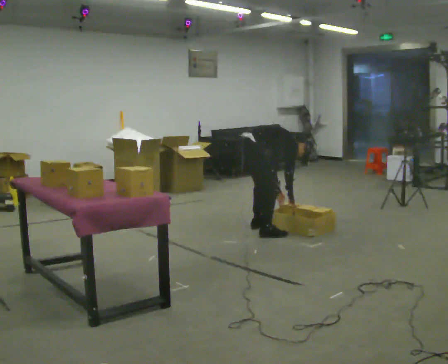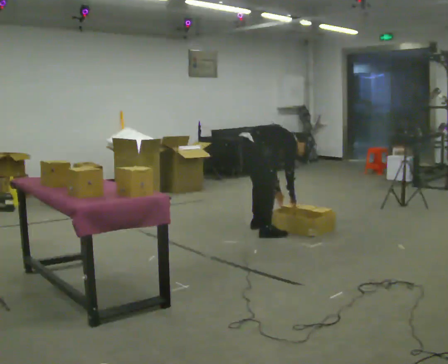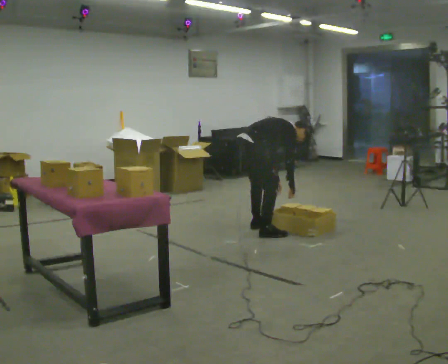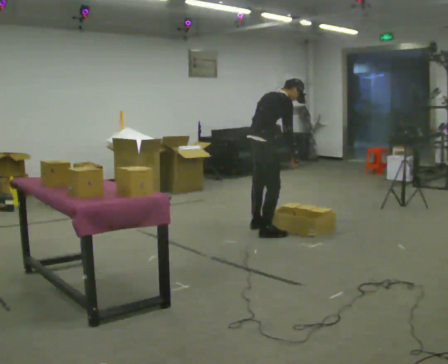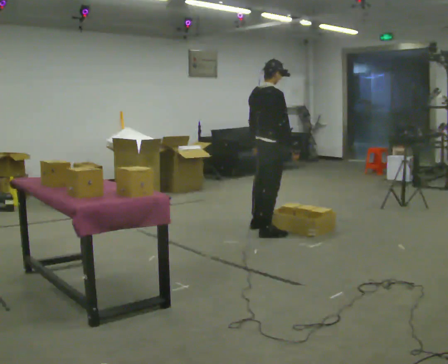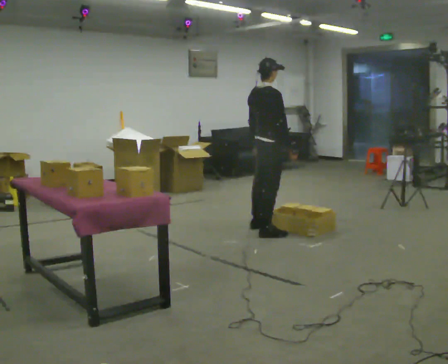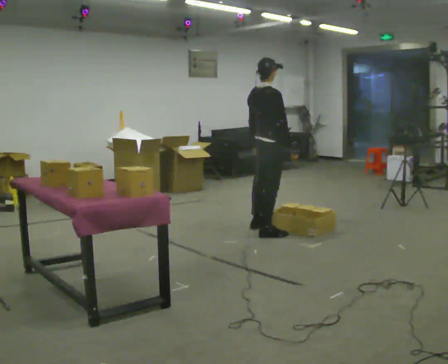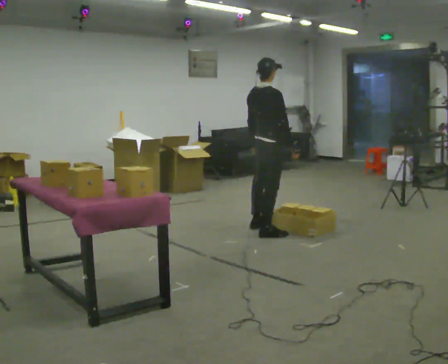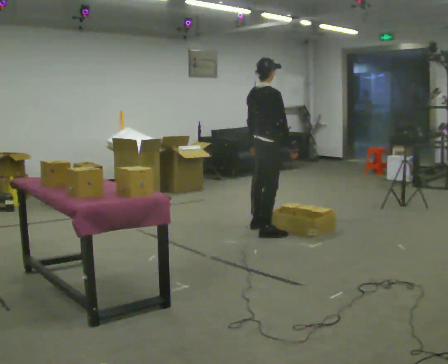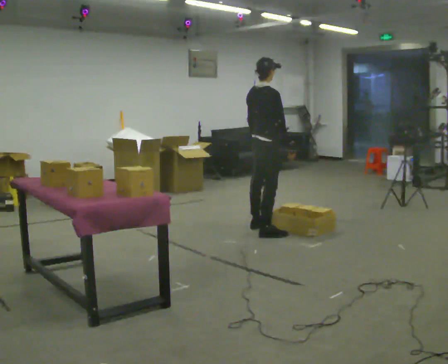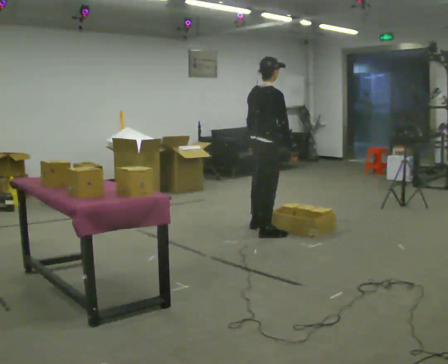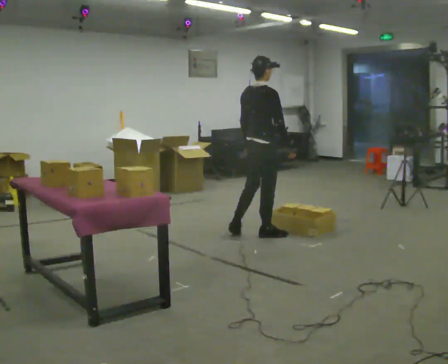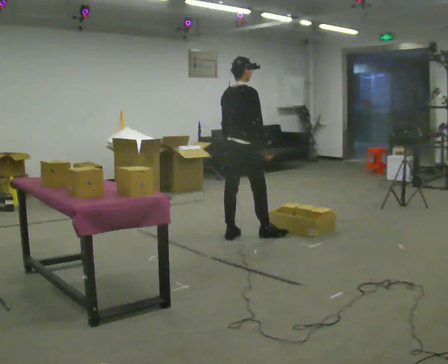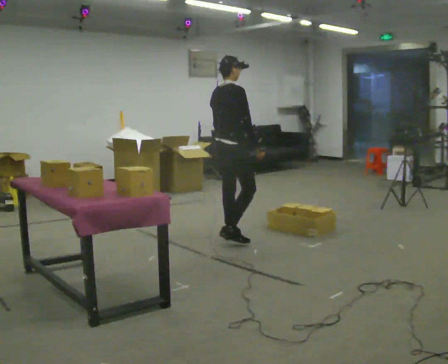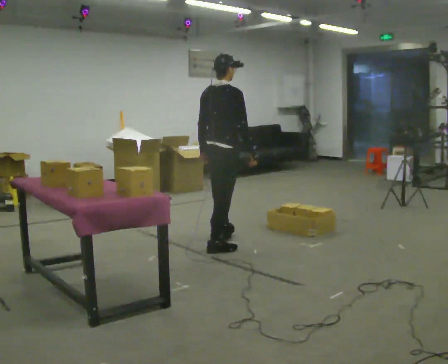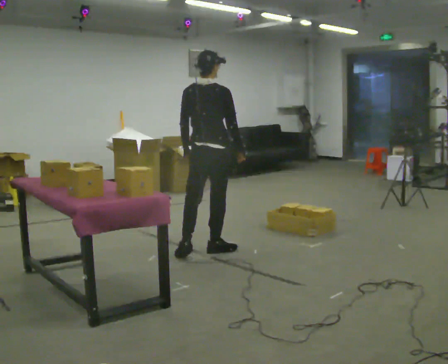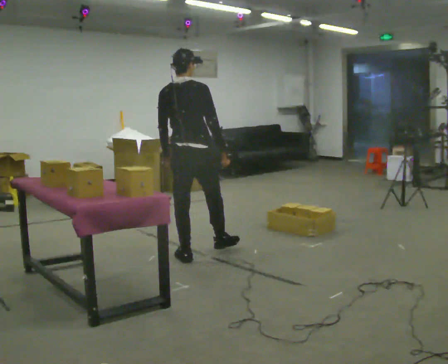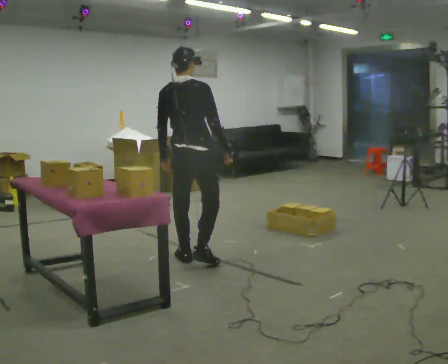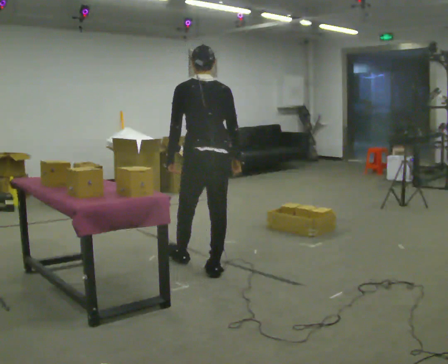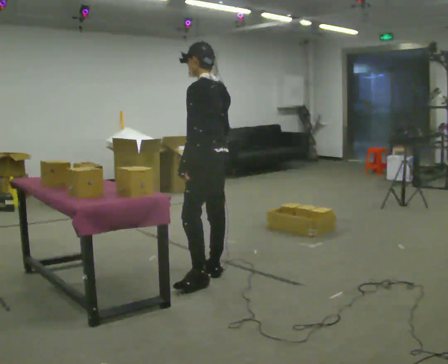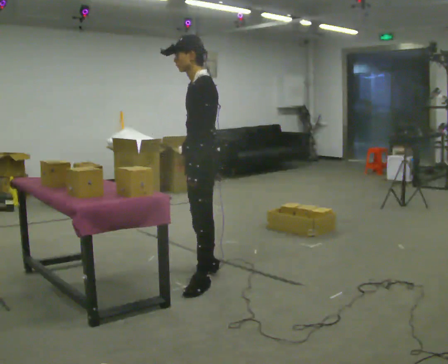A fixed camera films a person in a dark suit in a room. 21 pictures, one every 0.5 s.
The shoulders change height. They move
upward.
The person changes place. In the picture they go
toward the camera.
0.0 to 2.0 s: The shoulders move upward. In the picture the upper body tilts counterclockwise, shoulders to the left, as they lean back or straighten. In the picture their right hand goes upward.
2.0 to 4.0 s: The person moves a little, or ends about where they began.
4.0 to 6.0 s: In the picture they go to the left and toward the camera, about 0.25 m in 1 step, which for them is backward.
6.0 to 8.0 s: Seen from above the body turns counterclockwise, about 30 degrees: to their left, with its near side sliding to the right. In the picture they go toward the camera and to the left, about 1 m in 3 steps, which for them is backward.
8.0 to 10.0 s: The person turns about 105 degrees to their left, counterclockwise seen from above, so the part of the body nearest the lens slides to the right. In the picture they go toward the camera, about 0.75 m in 2 steps.
The film runs backward here.
